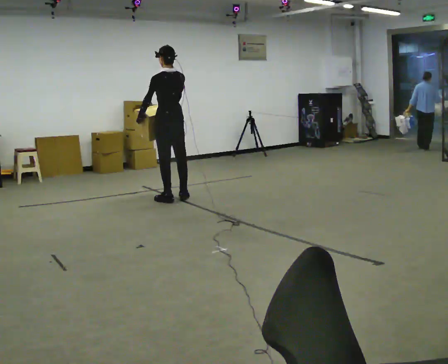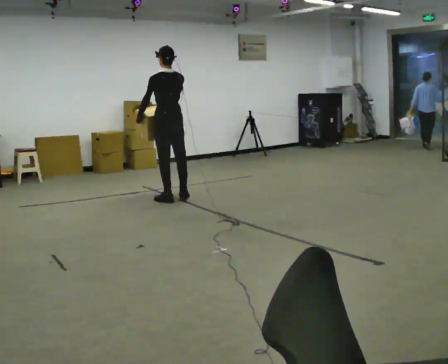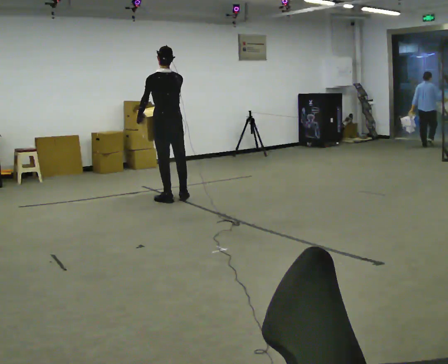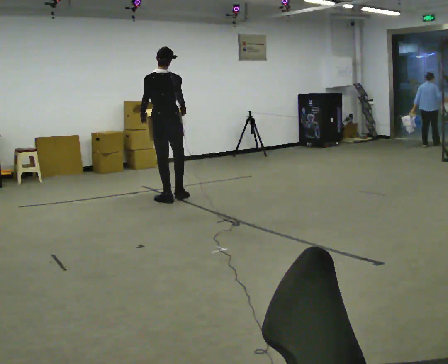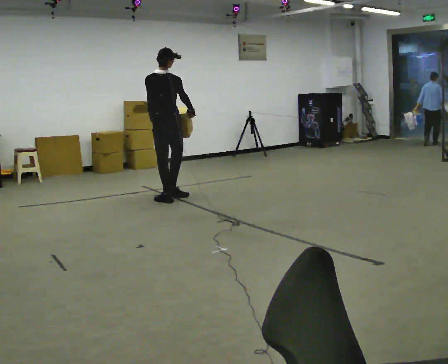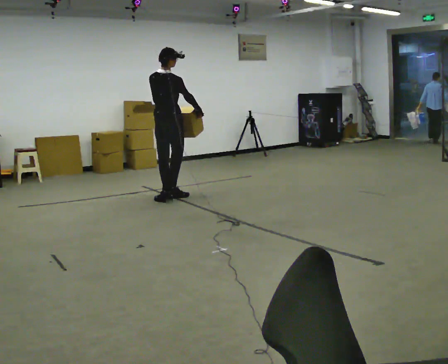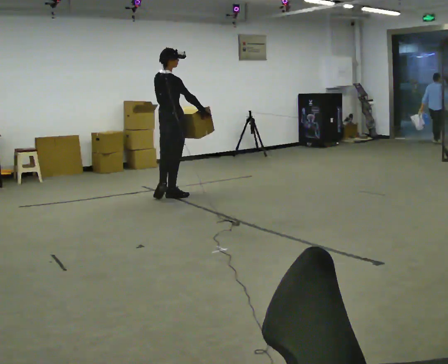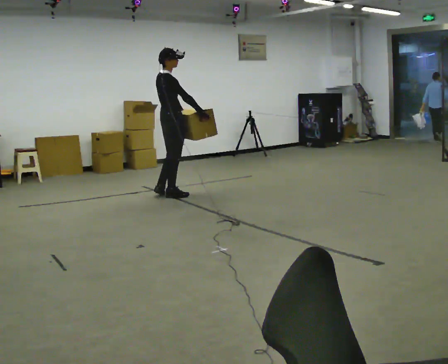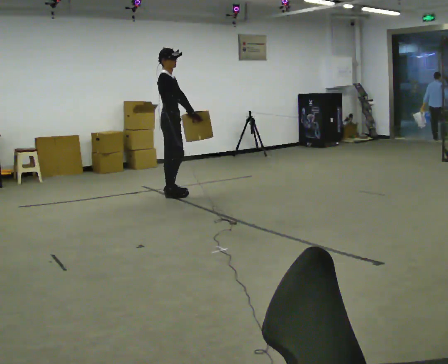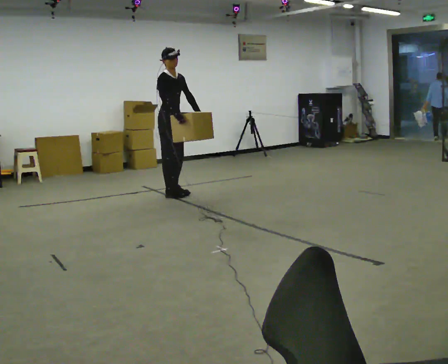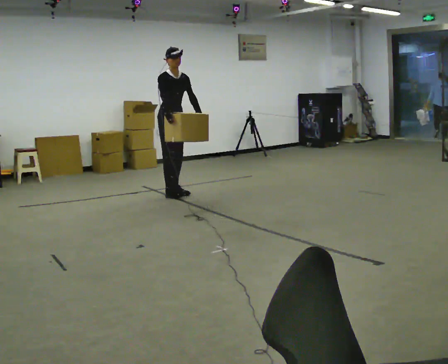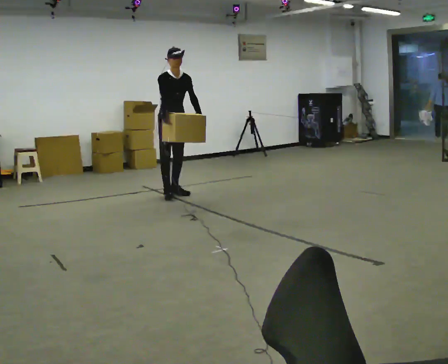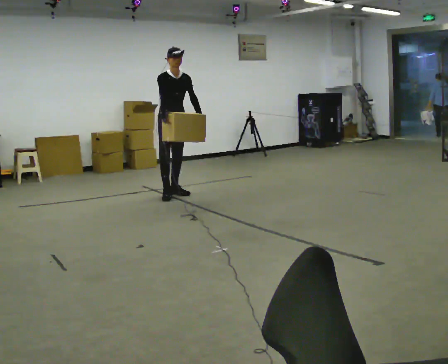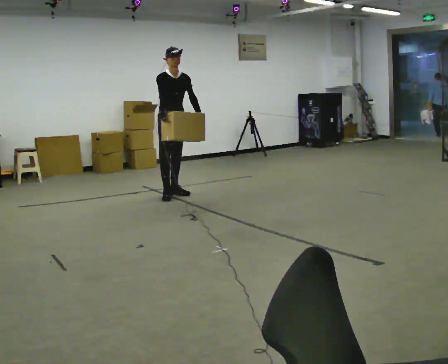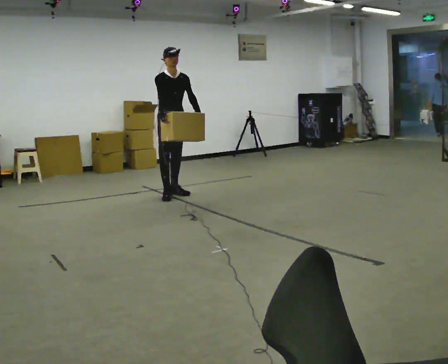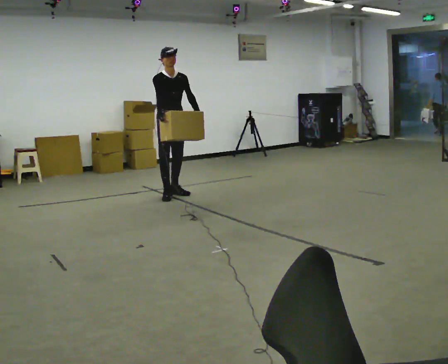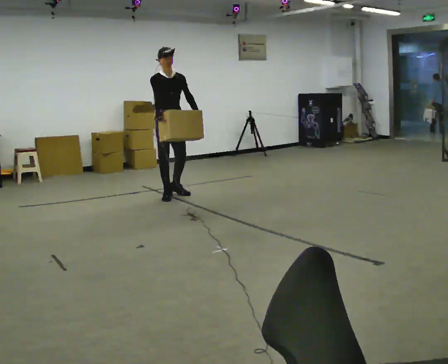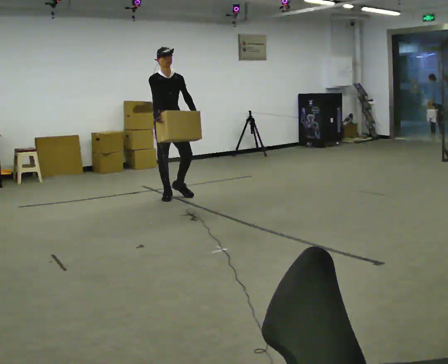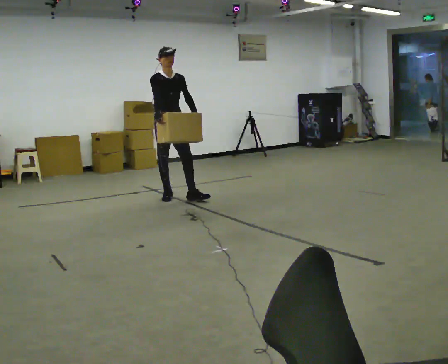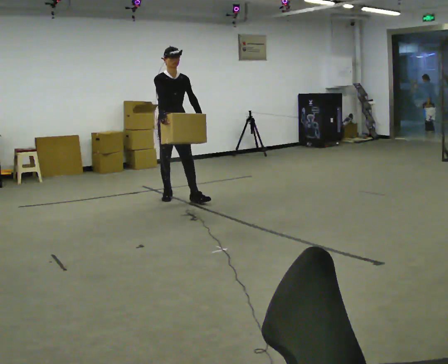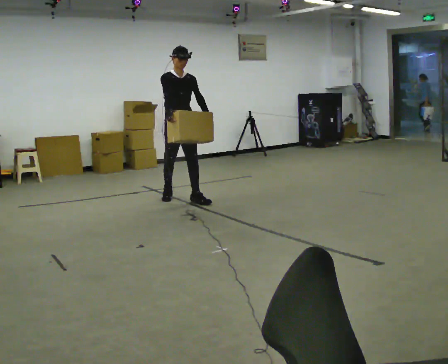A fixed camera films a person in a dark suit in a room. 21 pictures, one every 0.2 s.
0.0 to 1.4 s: The part of the body nearest the lens slides to the left as the person turns to their right by about 105 degrees. In the picture their right hand goes to the right.
1.4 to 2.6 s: Seen from above the body turns clockwise, about 90 degrees: to their right, with its near side sliding to the left. In the picture their right hand goes to the left, the arm swinging clockwise.
2.6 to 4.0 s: In the picture they go toward the camera, about 0.25 m in 1 step, which for them is forward.
The film runs forward here.
